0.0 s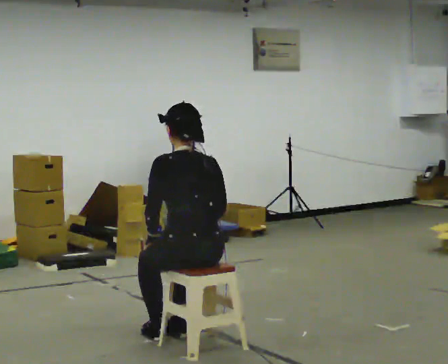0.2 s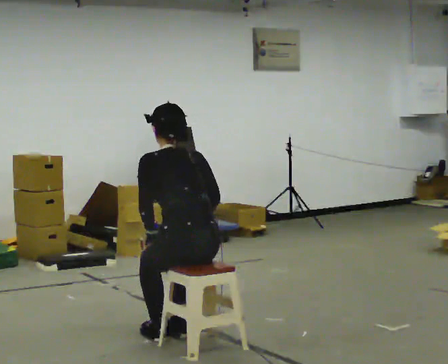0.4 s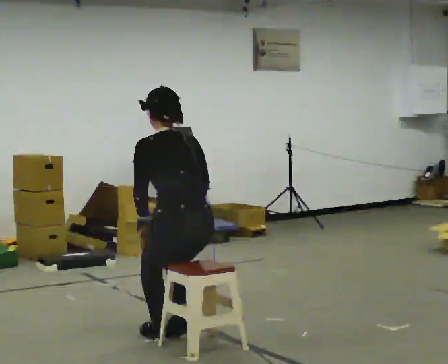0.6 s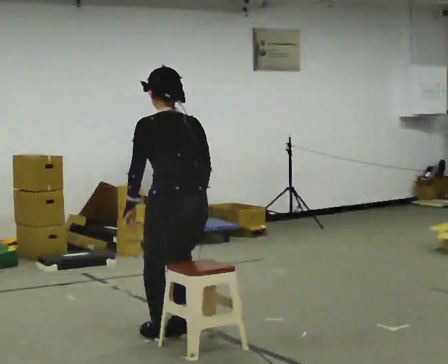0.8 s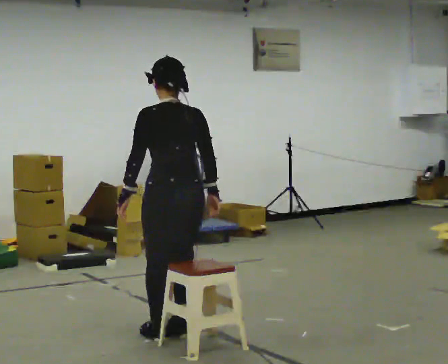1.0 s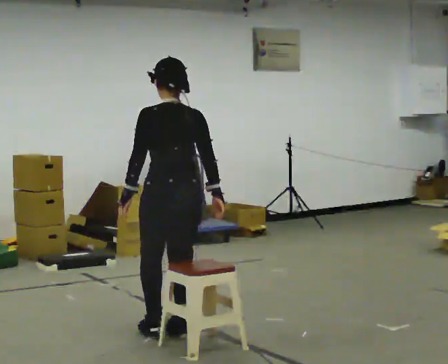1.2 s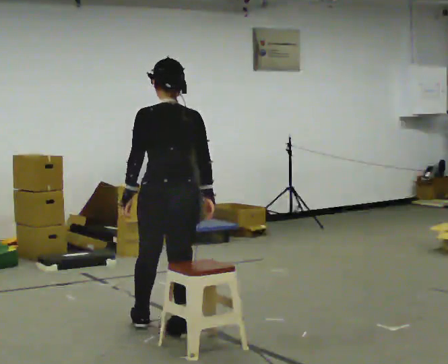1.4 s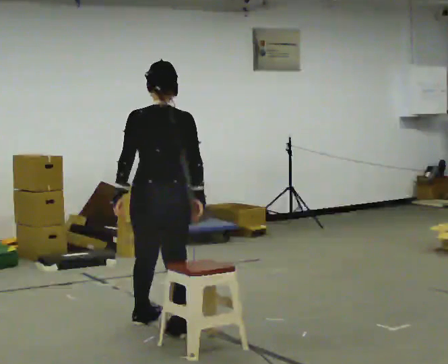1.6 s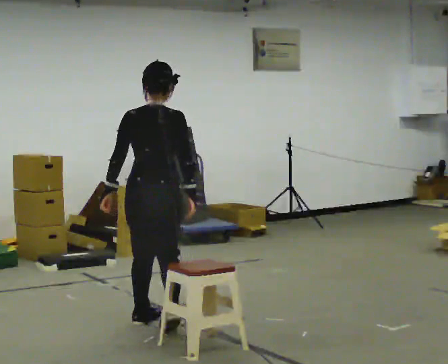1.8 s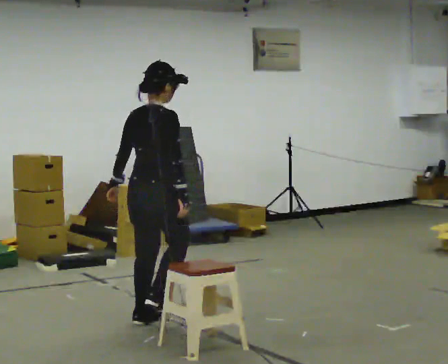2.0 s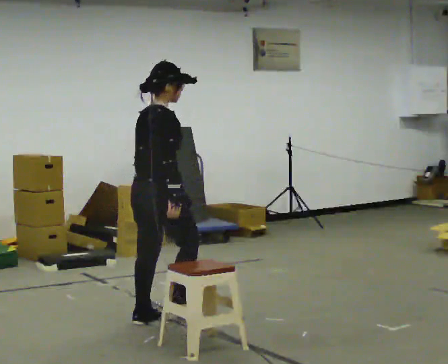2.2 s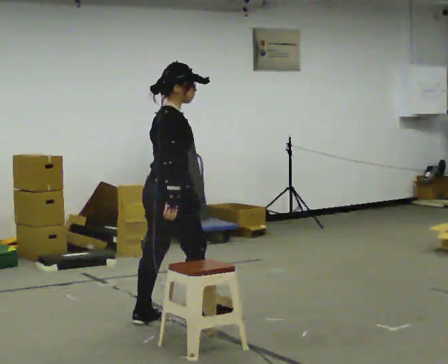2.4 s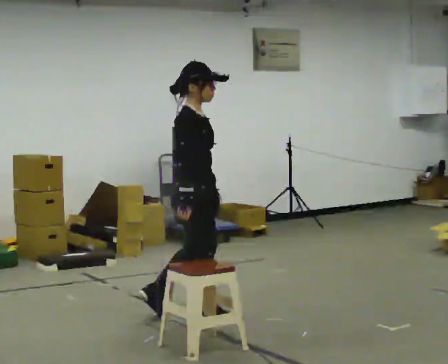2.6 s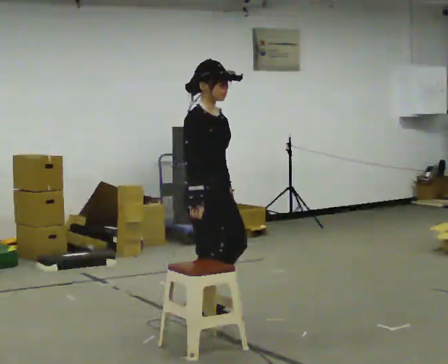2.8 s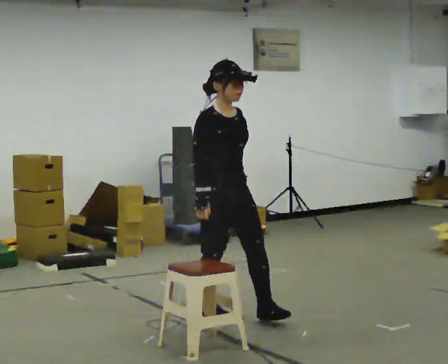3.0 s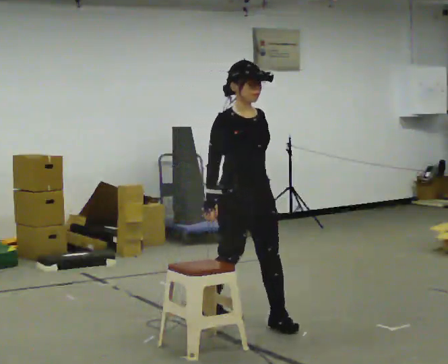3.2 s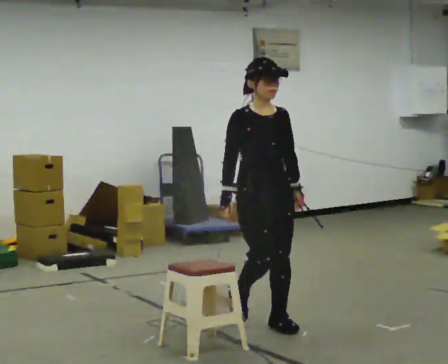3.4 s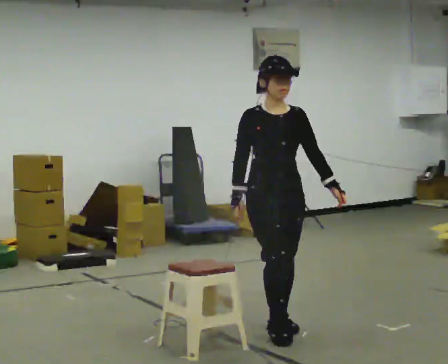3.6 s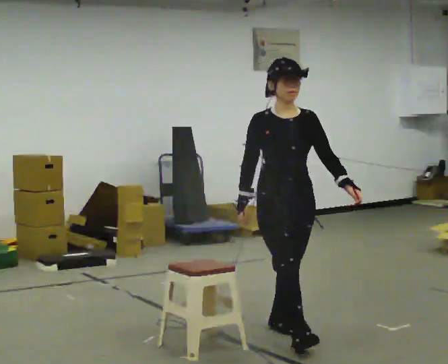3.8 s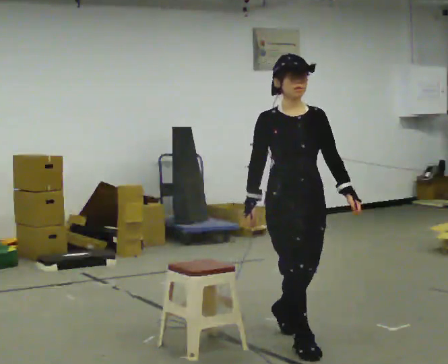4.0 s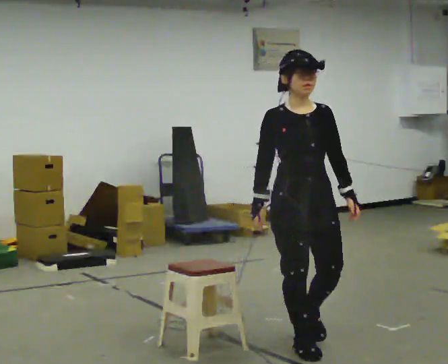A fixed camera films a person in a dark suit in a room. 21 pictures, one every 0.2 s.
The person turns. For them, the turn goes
to their right.
The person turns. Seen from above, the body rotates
clockwise.
0.0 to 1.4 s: Seen from above the body turns clockwise, about 30 degrees: to their right, with its near side sliding to the left. In the picture they go away from the camera and to the left, about 0.5 m in 1 step, which for them is forward. The shoulders move upward.
1.4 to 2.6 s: Seen from above the body turns clockwise, about 120 degrees: to their right, with its near side sliding to the left. In the picture they go to the right and away from the camera, about 0.25 m in 1 step.
2.6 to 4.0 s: Seen from above the body turns clockwise, about 45 degrees: to their right, with its near side sliding to the left. In the picture they go toward the camera and to the right, about 1 m in 2 steps, which for them is forward.
The film runs forward here.
